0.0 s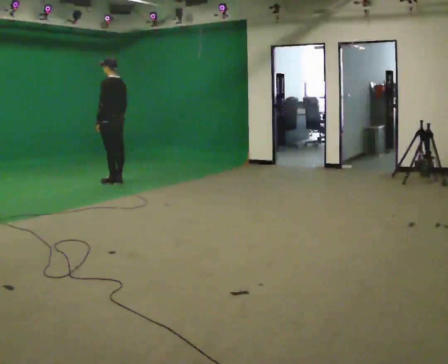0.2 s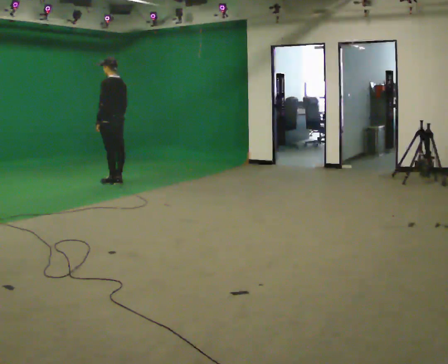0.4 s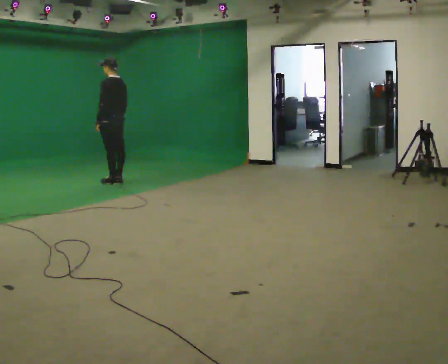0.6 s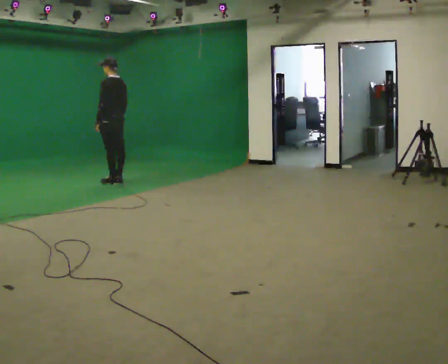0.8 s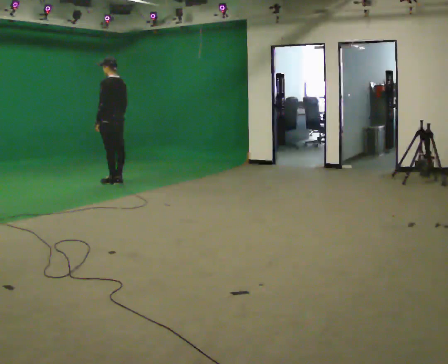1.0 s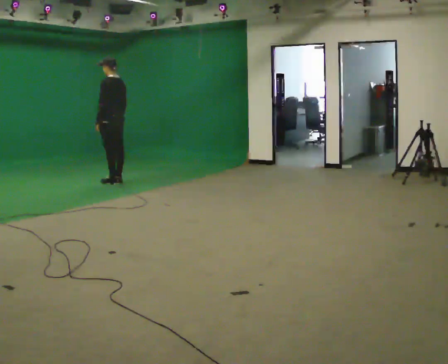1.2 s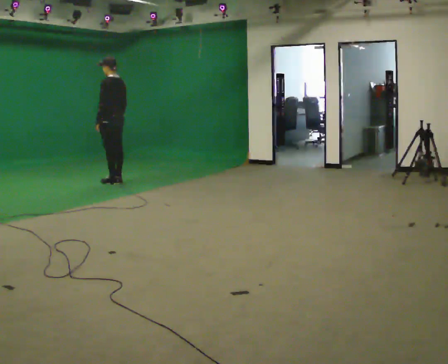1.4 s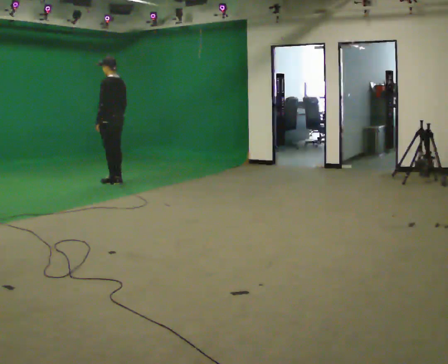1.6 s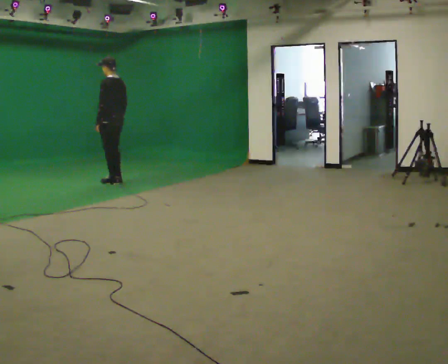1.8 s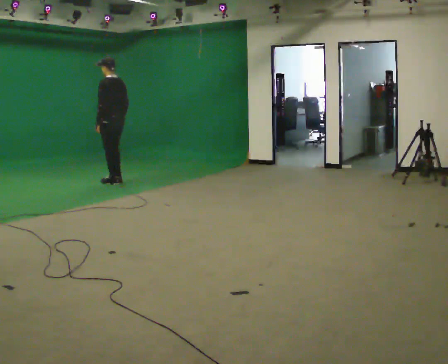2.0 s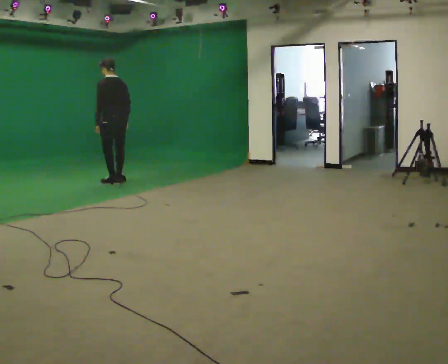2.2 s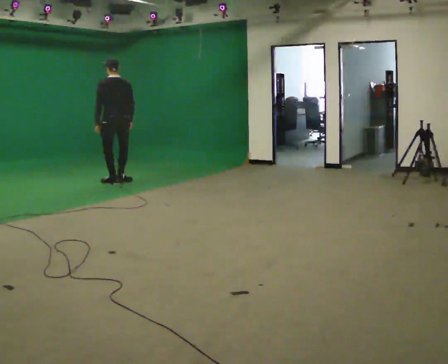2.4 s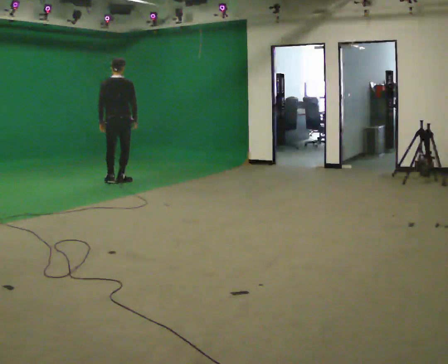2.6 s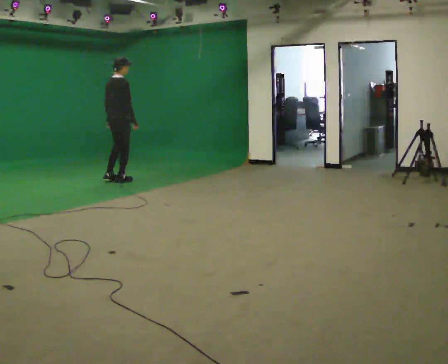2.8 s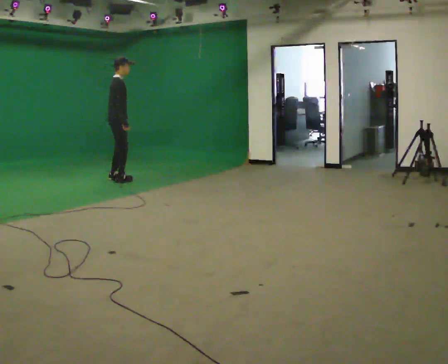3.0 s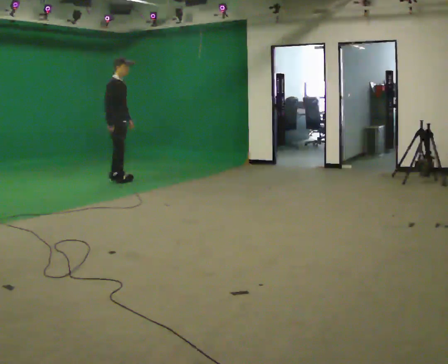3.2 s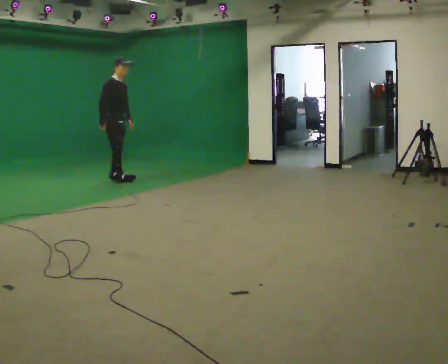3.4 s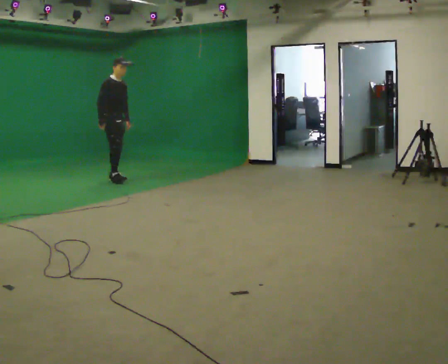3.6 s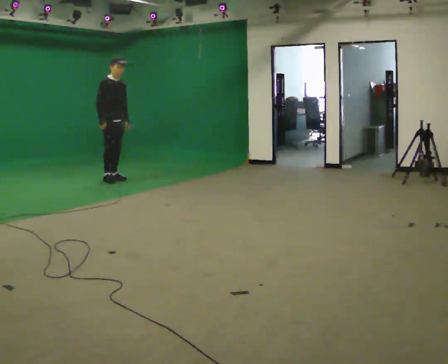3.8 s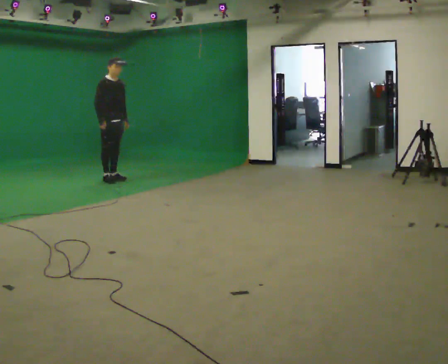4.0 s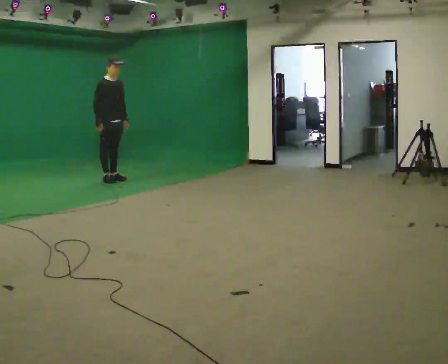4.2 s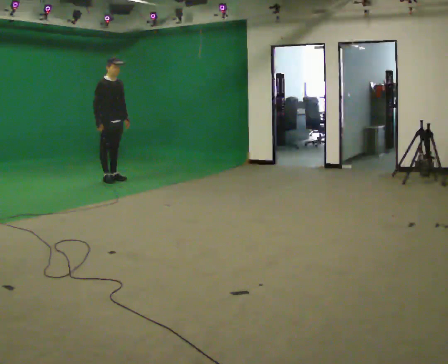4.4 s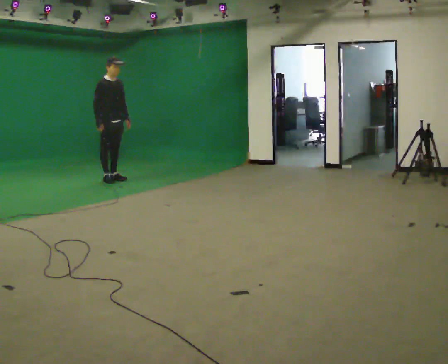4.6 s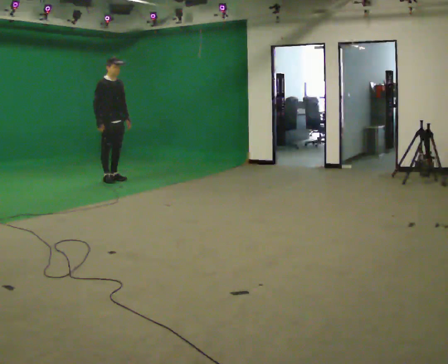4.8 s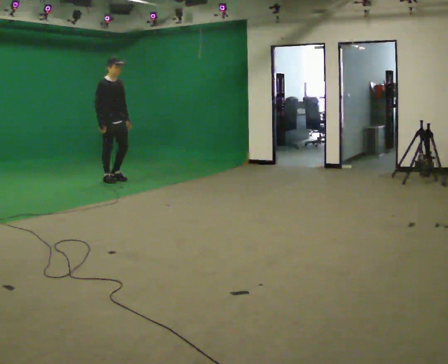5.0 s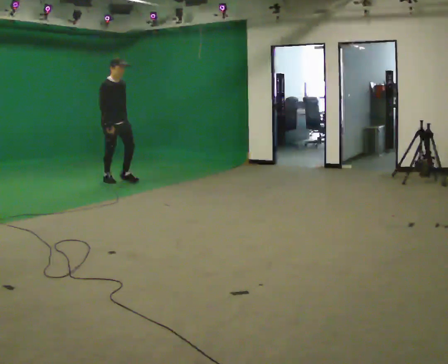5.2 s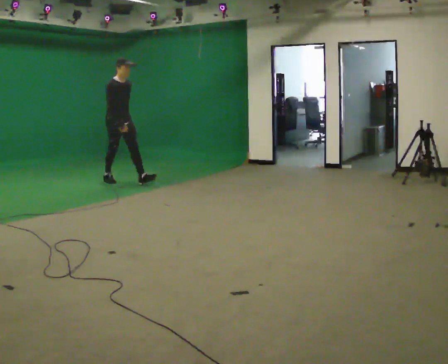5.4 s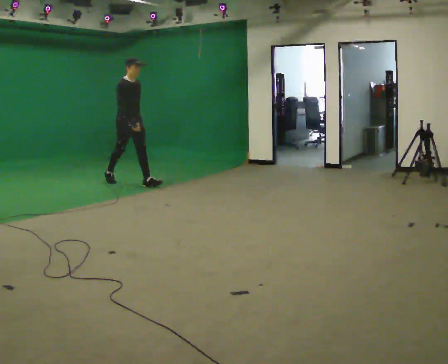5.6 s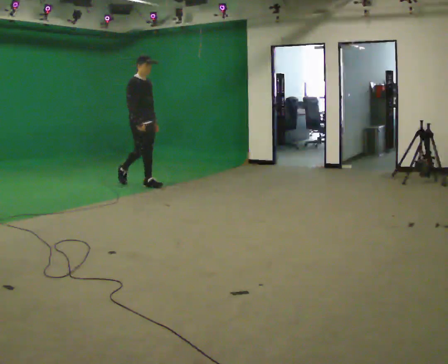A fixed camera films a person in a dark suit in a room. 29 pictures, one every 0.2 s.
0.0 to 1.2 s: The person keeps their place and pose.
1.2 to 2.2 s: The person turns about 45 degrees to their right, clockwise seen from above, so the part of the body nearest the lens slides to the left.
2.2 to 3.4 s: The person turns about 135 degrees to their right, clockwise seen from above, so the part of the body nearest the lens slides to the left. In the picture they go away from the camera, about 0.25 m in 1 step.
3.4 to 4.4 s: The person moves a little, or ends about where they began.
4.4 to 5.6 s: In the picture they go toward the camera and to the right, about 0.75 m in 1 step, which for them is forward.
The film runs forward here.
